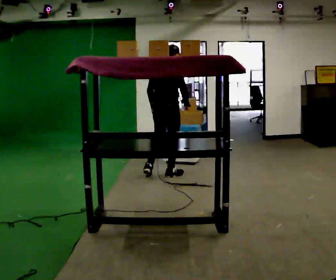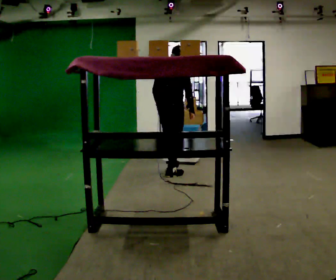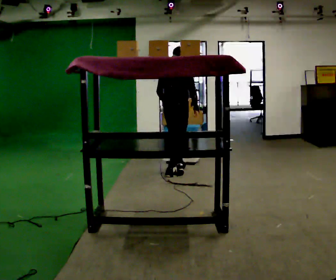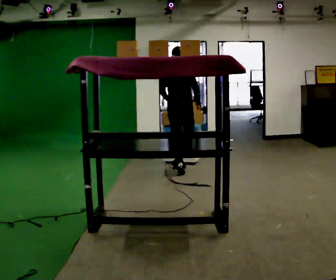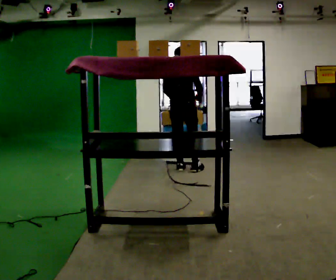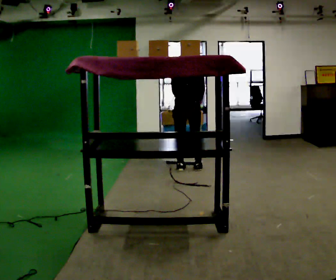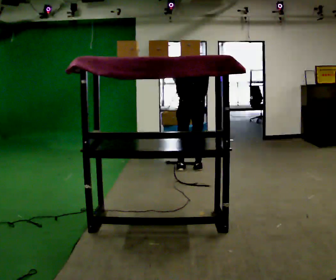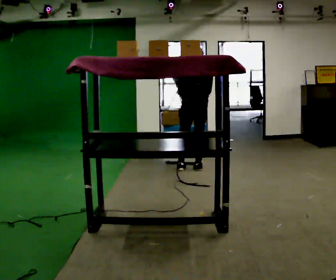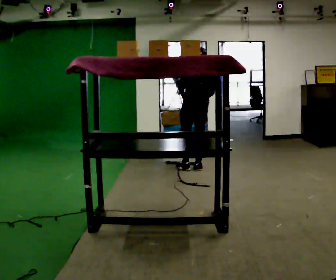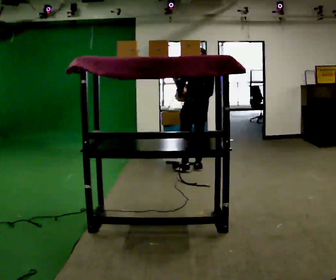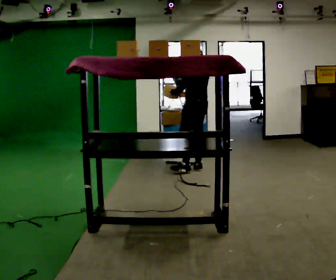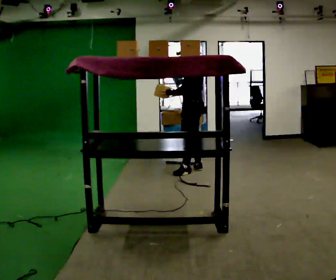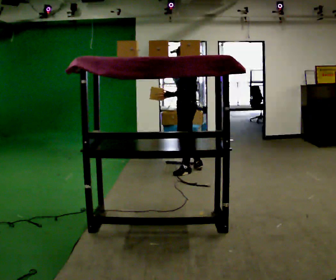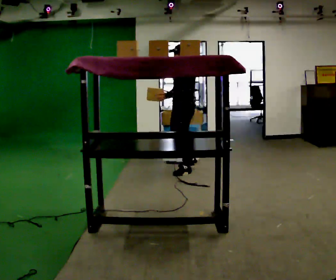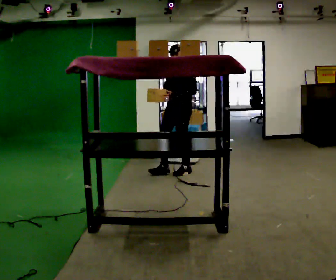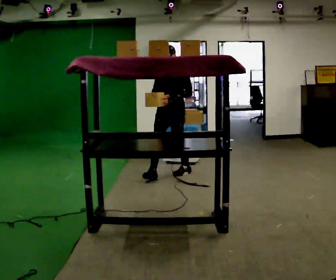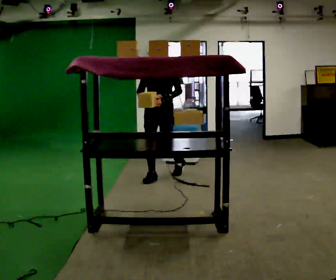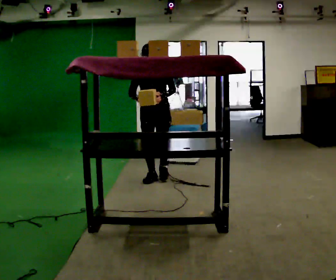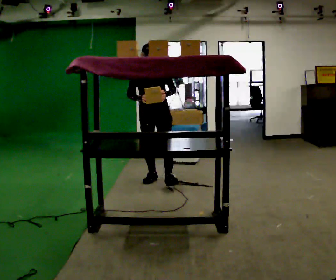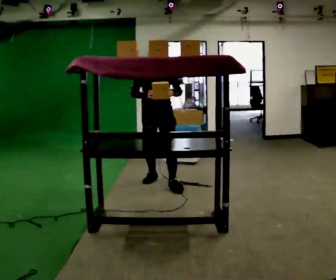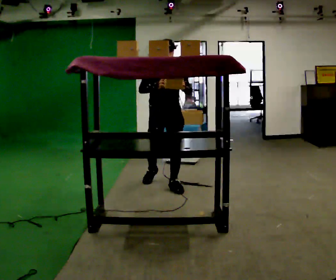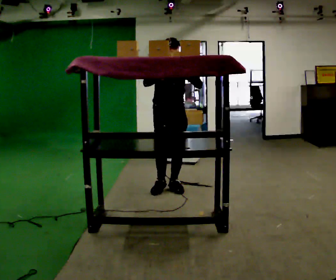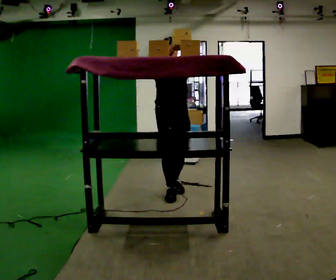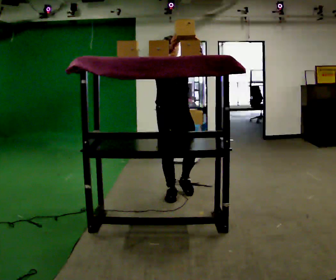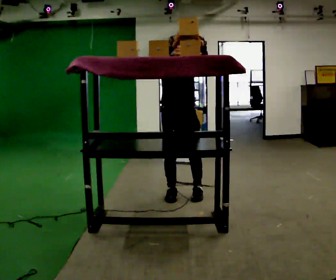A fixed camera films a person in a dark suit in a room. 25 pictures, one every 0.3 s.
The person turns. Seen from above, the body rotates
counterclockwise.
The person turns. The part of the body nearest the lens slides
to the right.
0.0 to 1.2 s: In the picture they go away from the camera and to the right, about 0.5 m in 1 step, which for them is forward.
1.2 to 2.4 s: Seen from above the body turns counterclockwise, about 30 degrees: to their left, with its near side sliding to the right. In the picture they go to the right, about 0.25 m in 1 step, which for them is to their right.
2.4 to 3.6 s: The person turns about 75 degrees to their left, counterclockwise seen from above, so the part of the body nearest the lens slides to the right.
3.6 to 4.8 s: Seen from above the body turns counterclockwise, about 75 degrees: to their left, with its near side sliding to the right. In the picture they go to the left and toward the camera, about 0.5 m in 1 step.
4.8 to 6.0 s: The person turns about 30 degrees to their left, counterclockwise seen from above, so the part of the body nearest the lens slides to the right. In the picture they go toward the camera, about 0.5 m in 1 step, which for them is forward.
6.0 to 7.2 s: In the picture they go toward the camera and to the right, about 0.5 m in 2 steps, which for them is forward. In the picture their left hand goes upward.
The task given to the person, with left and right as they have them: Take an object from the waist-height shelf, carry it across the room, and place it on the highest shelf you can comfortably reach. Keep going until the operator says stop; one object at a time, and do not rush between trips.
The film runs forward here.
